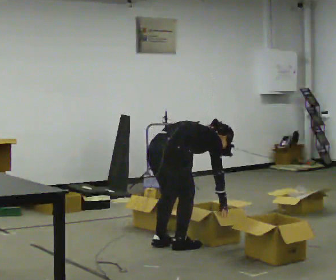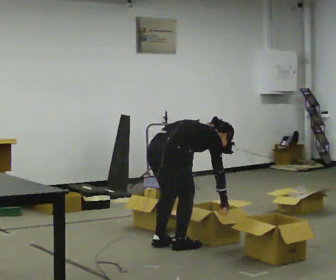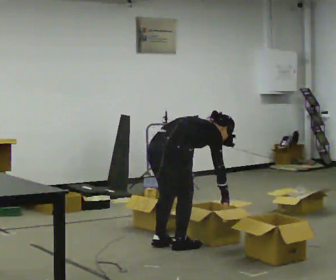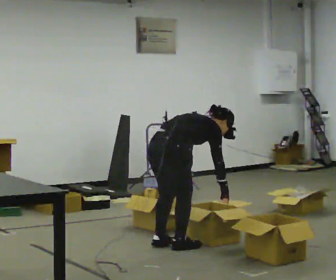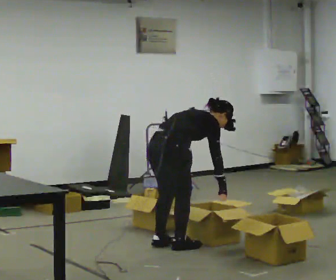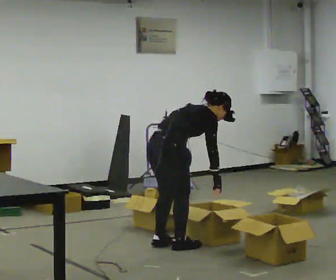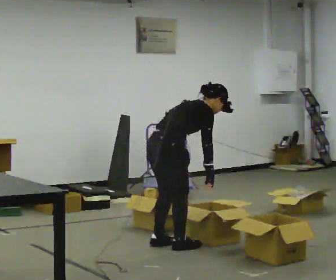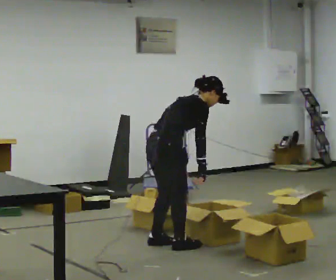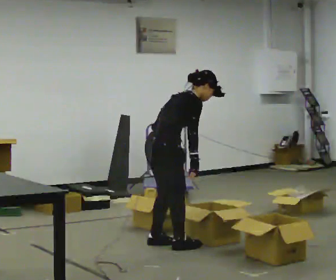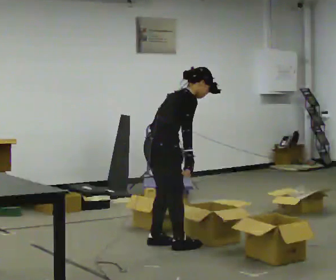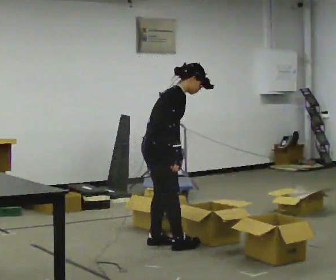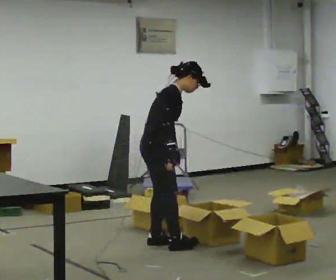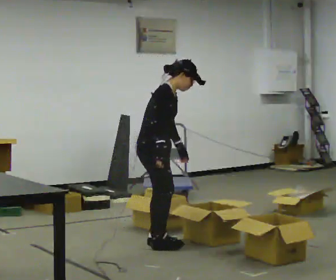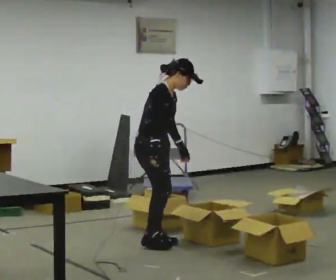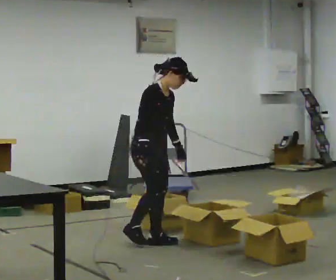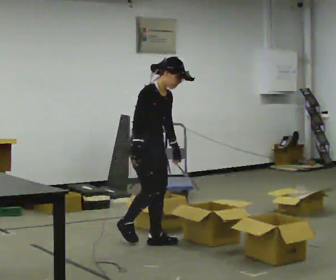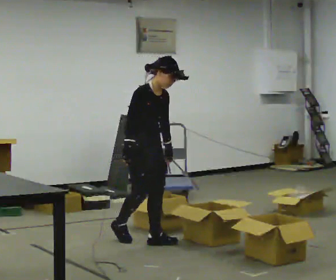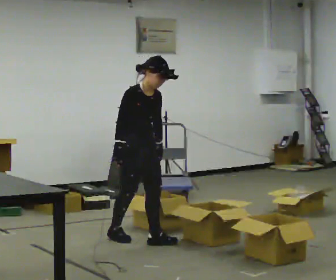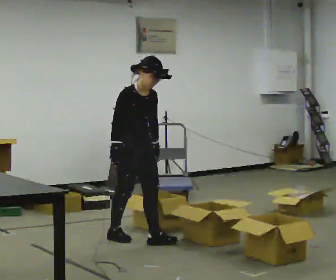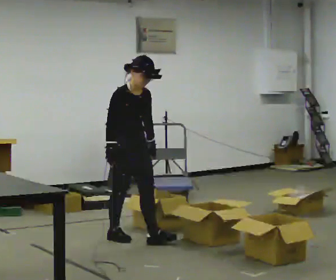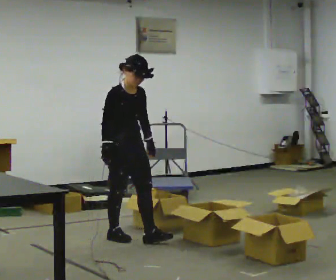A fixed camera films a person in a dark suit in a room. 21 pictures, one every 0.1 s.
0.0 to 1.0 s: The part of the body nearest the lens slides to the left as the person turns to their right by about 30 degrees. In the picture they go away from the camera, about 0.25 m, which for them is to their left. The shoulders move upward. The upper body tips toward the camera, its near side rolling downward, as they lean back or straighten. In the picture their right hand goes upward and to the left.
1.0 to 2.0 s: The person turns about 60 degrees to their right, clockwise seen from above, so the part of the body nearest the lens slides to the left. In the picture they go to the left and away from the camera, about 0.25 m in 2 steps, which for them is backward. In the picture the upper body tilts counterclockwise, shoulders to the left, as they lean back or straighten.
The film runs backward here.
